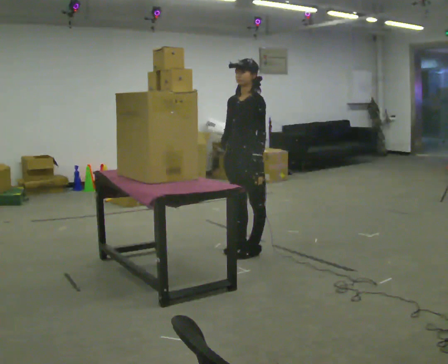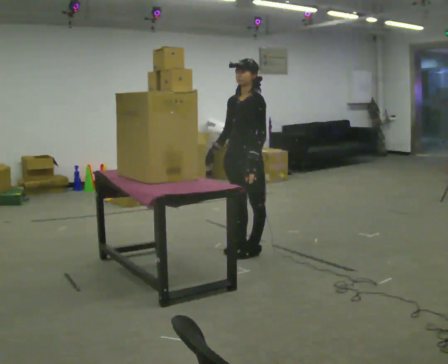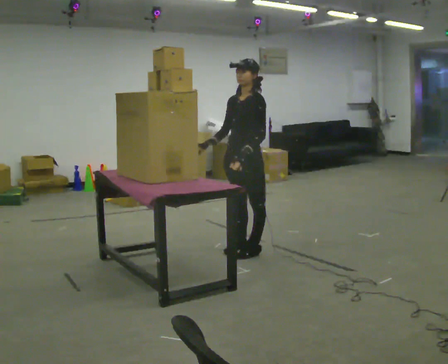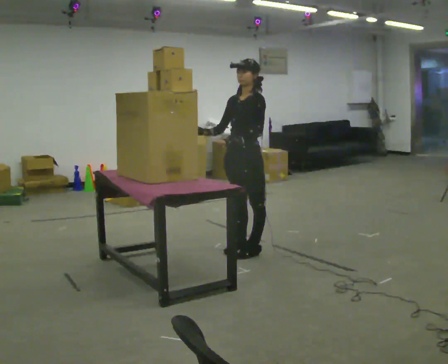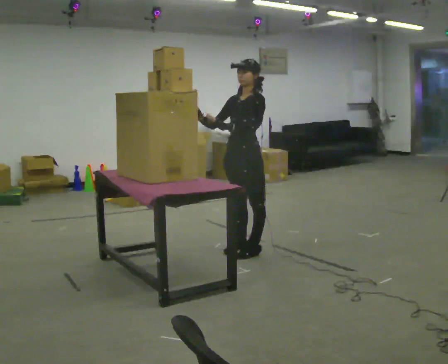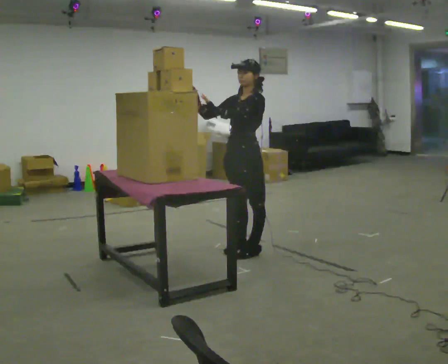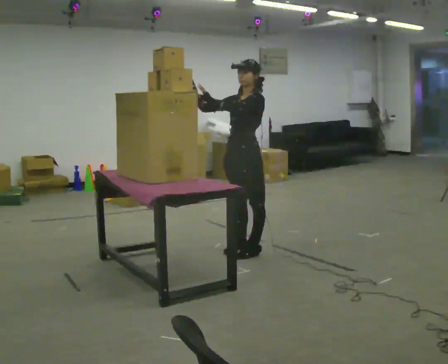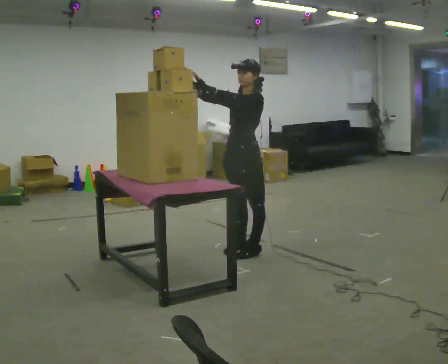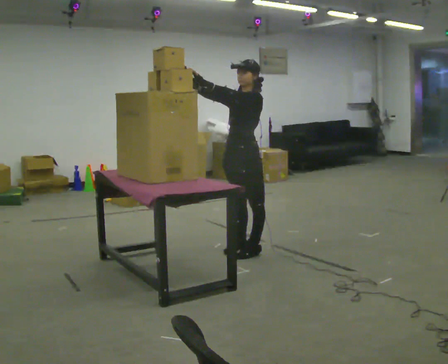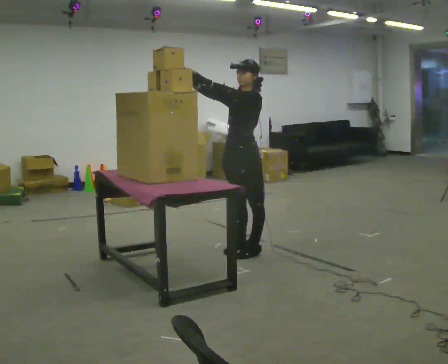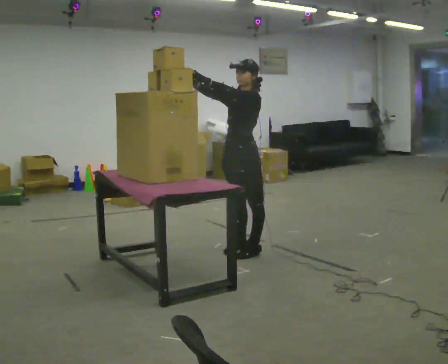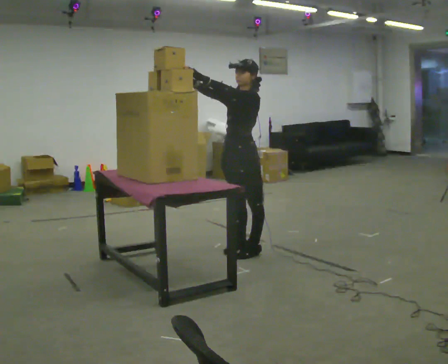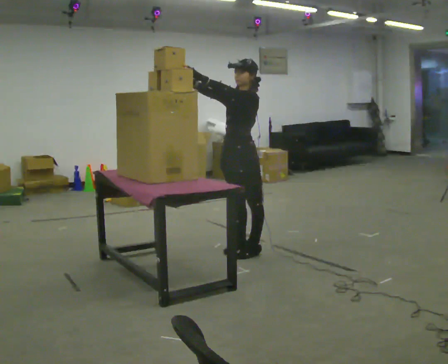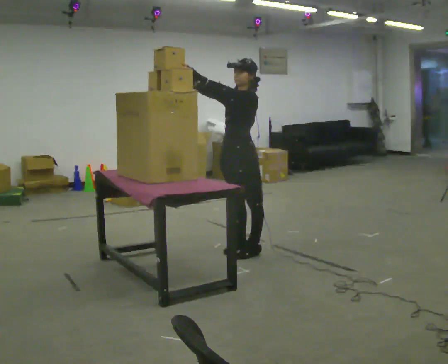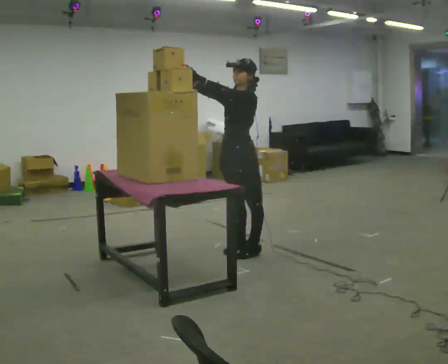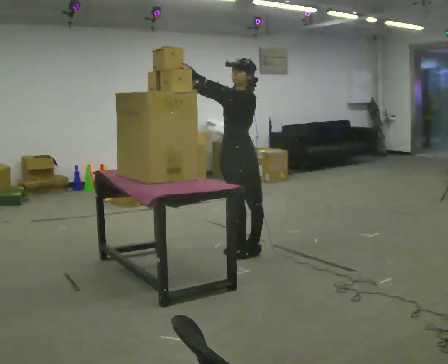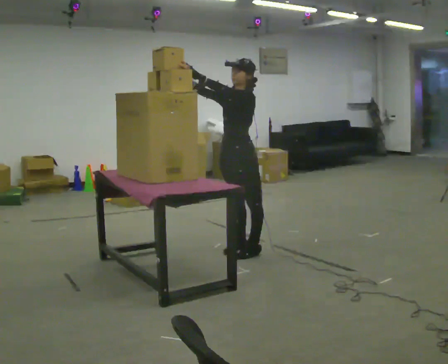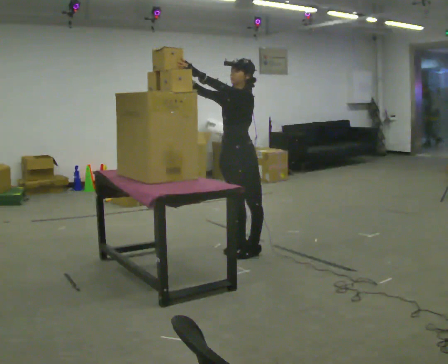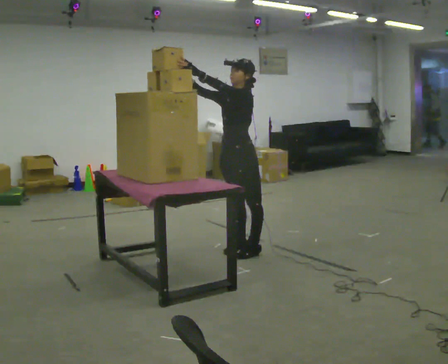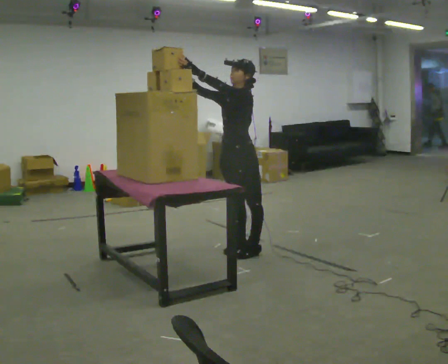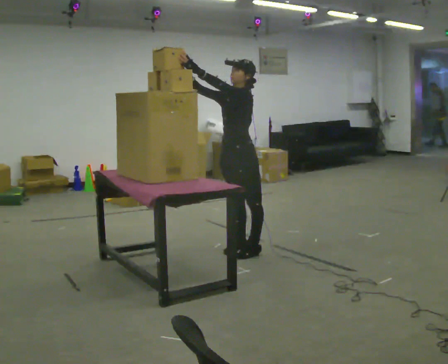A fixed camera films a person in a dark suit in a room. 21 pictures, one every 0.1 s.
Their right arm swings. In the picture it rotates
clockwise.
Their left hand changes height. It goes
upward.
0.0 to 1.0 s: In the picture their left hand goes upward and to the left.
1.0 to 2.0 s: The person moves a little, or ends about where they began.
The film runs backward here.
